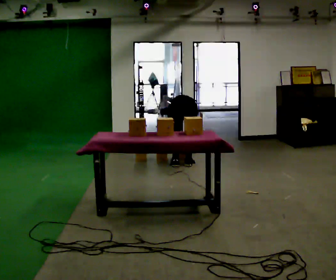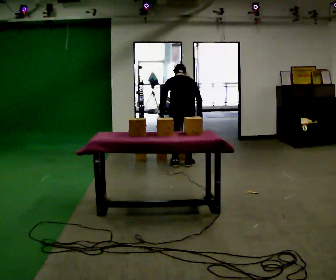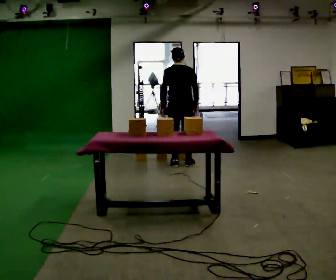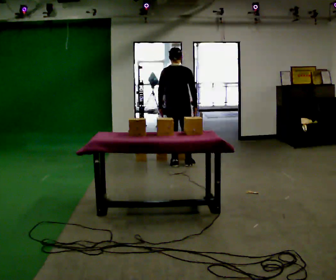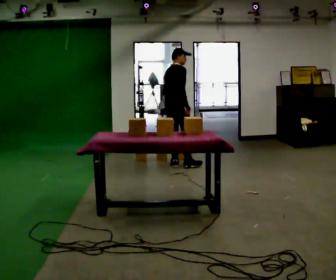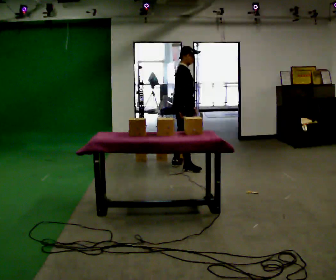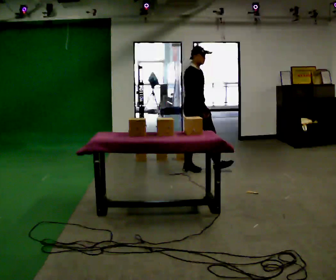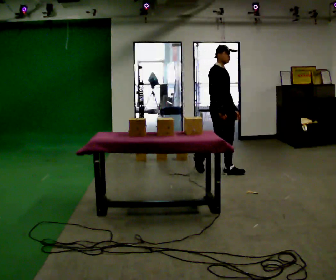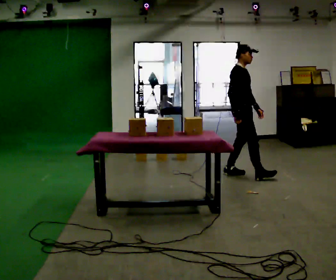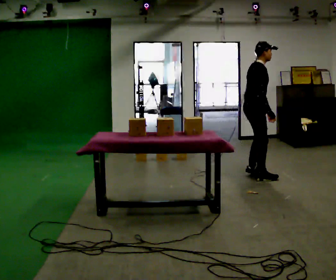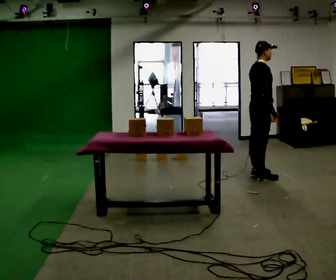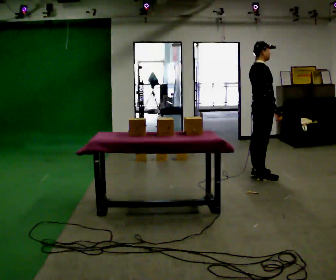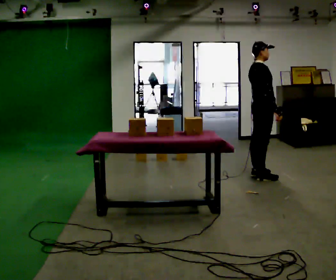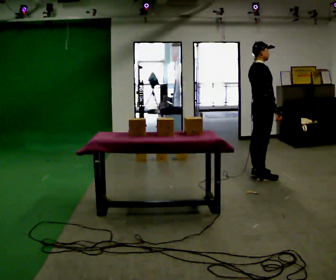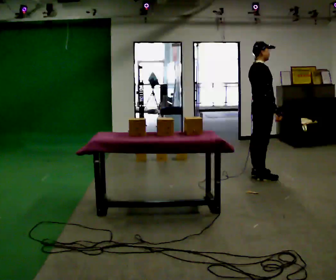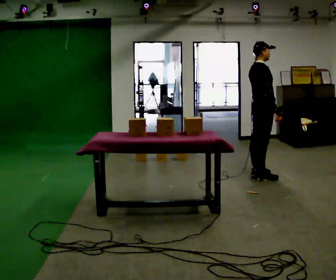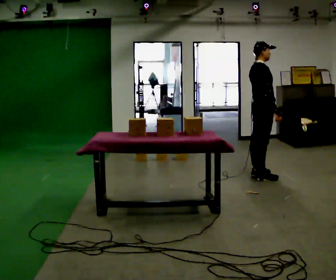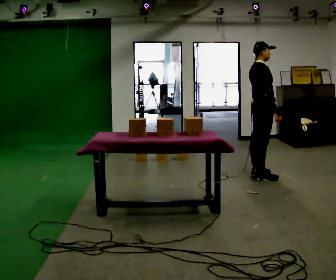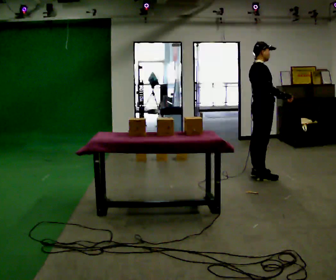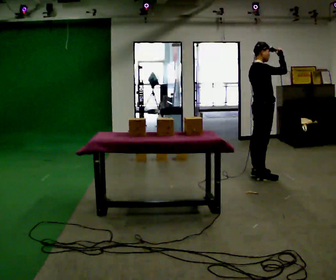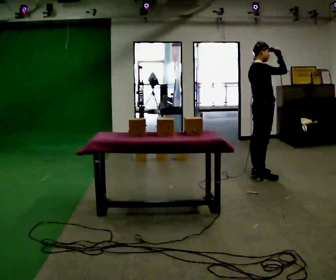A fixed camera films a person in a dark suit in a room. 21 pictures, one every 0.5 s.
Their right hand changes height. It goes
upward.
The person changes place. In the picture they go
to the right.
0.0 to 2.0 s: Seen from above the body turns clockwise, about 60 degrees: to their right, with its near side sliding to the left. The upper body goes upward. The upper body tips toward the camera, its near side rolling downward, as they lean back or straighten. In the picture their right hand goes upward.
2.0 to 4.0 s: The person turns about 60 degrees to their right, clockwise seen from above, so the part of the body nearest the lens slides to the left. In the picture they go to the right, about 1 m in 3 steps.
4.0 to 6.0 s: In the picture they go to the right, about 0.25 m in 1 step, which for them is forward and to their right.
6.0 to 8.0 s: The person keeps their place and pose.
8.0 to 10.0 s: In the picture their right hand goes upward, the arm swinging counterclockwise.
The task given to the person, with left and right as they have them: Take boxes off the top of the stack one at a time and carry them away, walking back for each one. Keep going until the operator says stop; one object at a time, and do not rush between trips.
The film runs forward here.
